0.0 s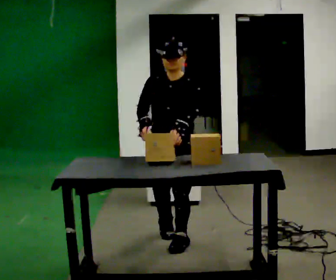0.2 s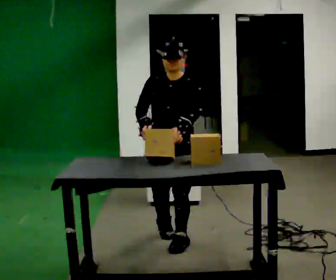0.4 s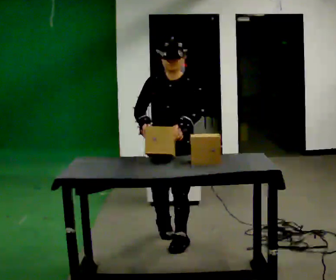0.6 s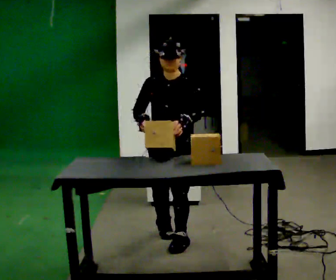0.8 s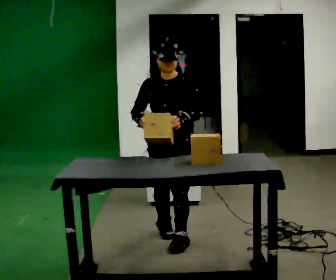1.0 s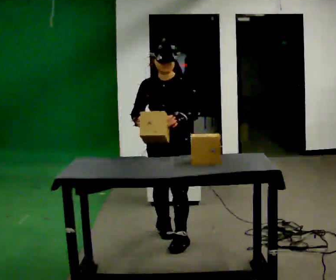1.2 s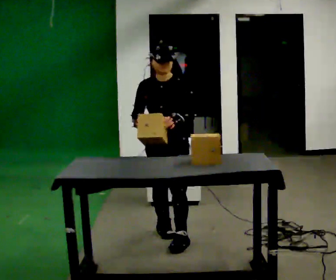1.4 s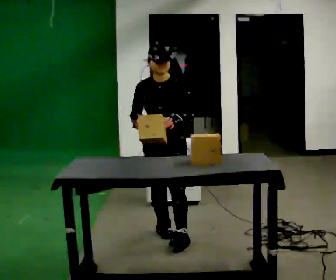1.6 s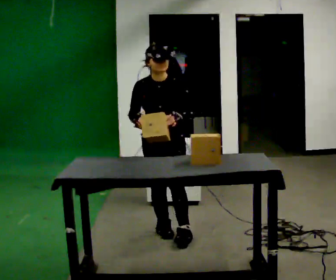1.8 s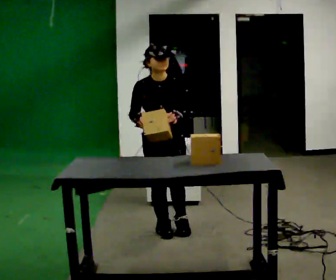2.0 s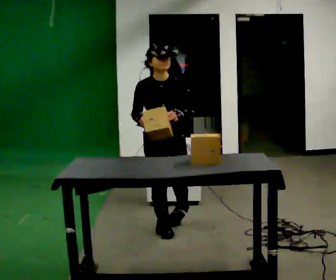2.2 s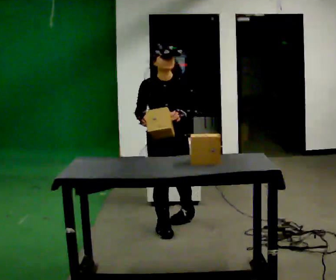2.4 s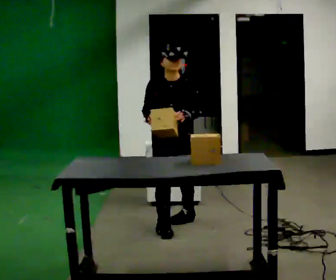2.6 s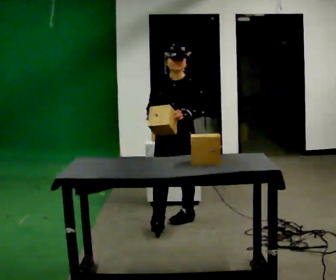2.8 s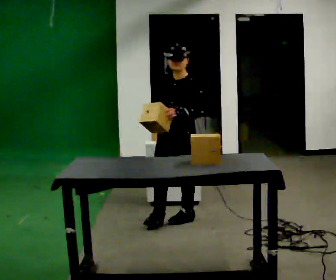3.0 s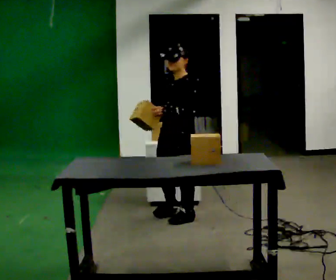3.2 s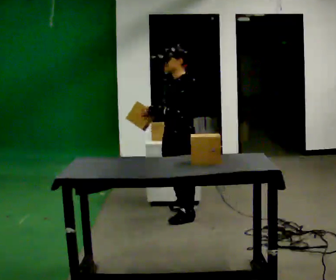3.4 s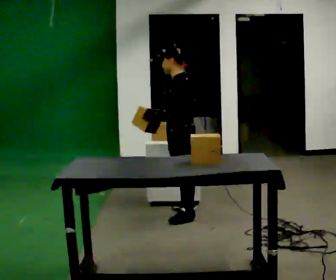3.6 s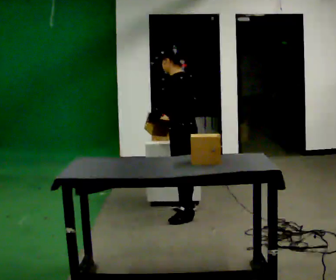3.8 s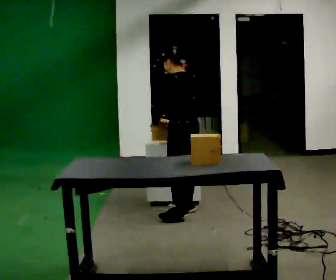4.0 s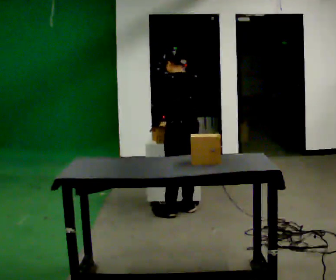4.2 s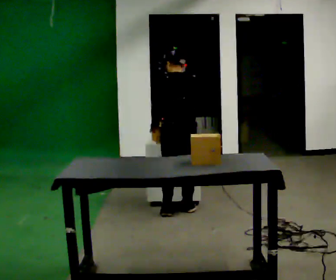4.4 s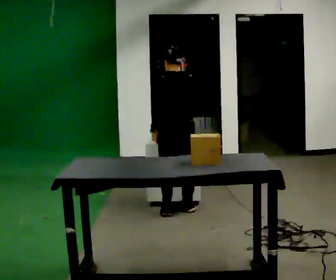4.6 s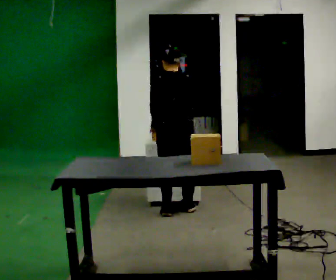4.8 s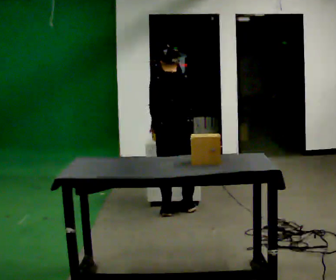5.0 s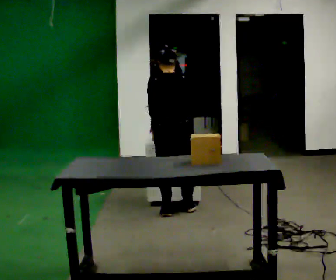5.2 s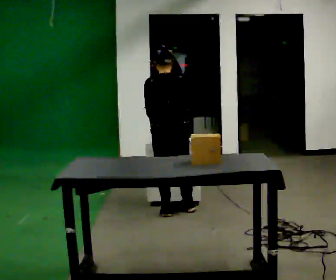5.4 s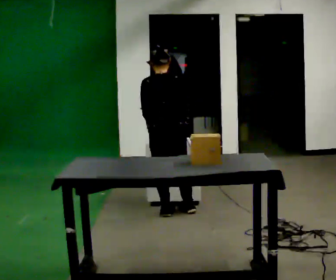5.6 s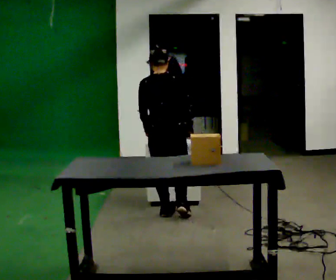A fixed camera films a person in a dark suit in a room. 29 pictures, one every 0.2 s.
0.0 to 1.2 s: The person moves a little, or ends about where they began.
1.2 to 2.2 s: In the picture they go away from the camera, about 0.25 m in 1 step, which for them is backward.
2.2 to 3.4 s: Seen from above the body turns clockwise, about 90 degrees: to their right, with its near side sliding to the left. In the picture they go away from the camera, about 0.5 m in 1 step.
3.4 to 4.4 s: Seen from above the body turns clockwise, about 75 degrees: to their right, with its near side sliding to the left. In the picture they go away from the camera, about 0.25 m in 1 step.
4.4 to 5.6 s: The person moves a little, or ends about where they began.
The film runs backward here.
